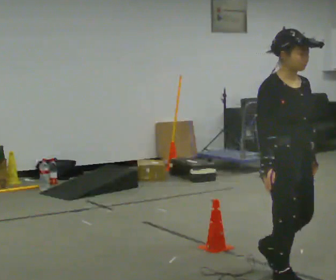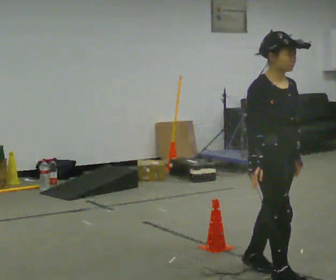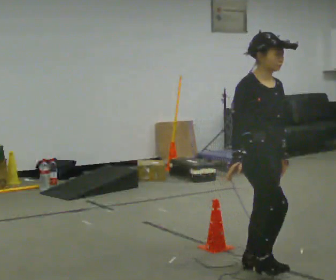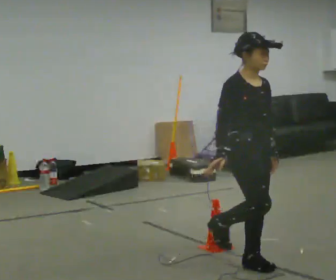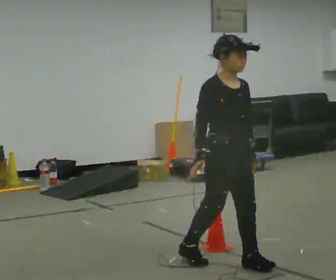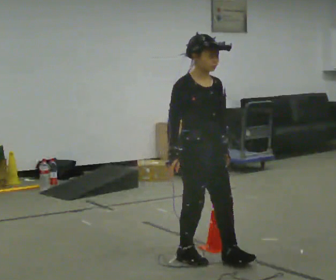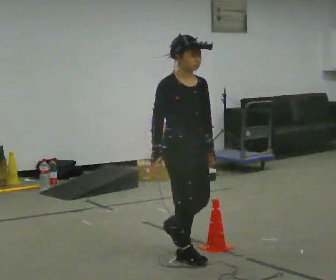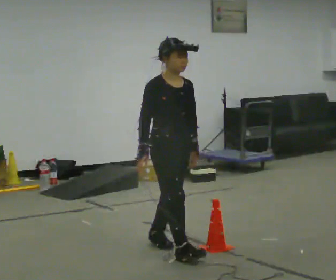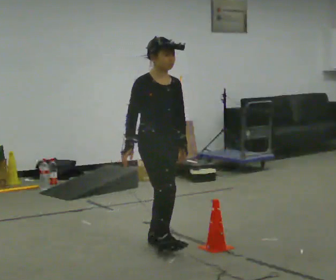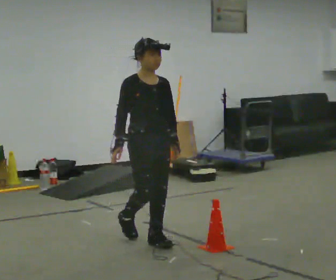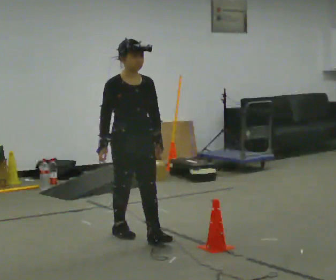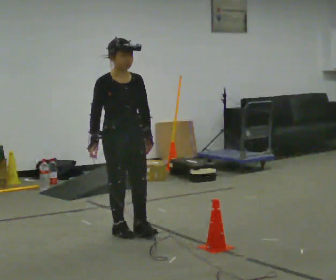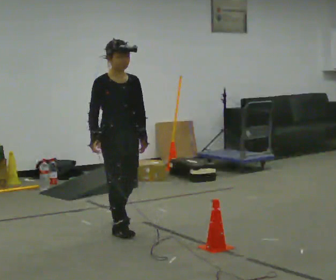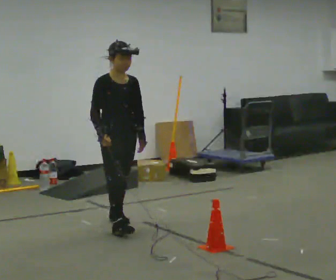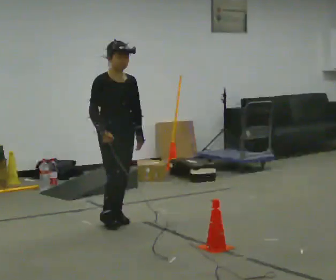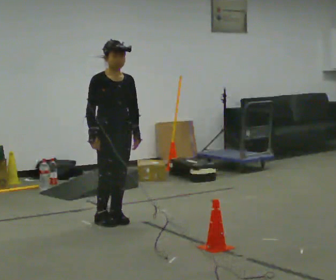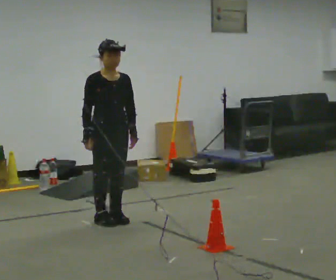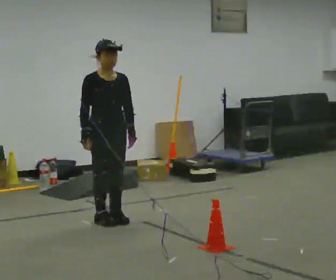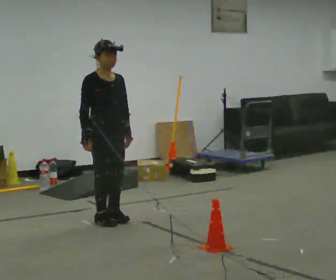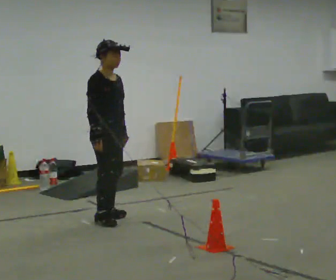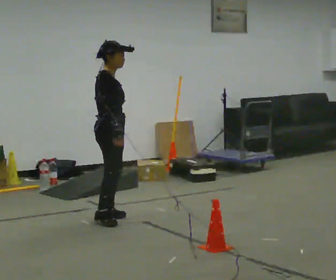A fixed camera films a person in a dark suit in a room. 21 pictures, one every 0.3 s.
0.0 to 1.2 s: In the picture they go away from the camera and to the left, about 0.5 m in 1 step, which for them is backward.
1.2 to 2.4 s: In the picture they go away from the camera and to the left, about 0.75 m in 2 steps, which for them is backward.
2.4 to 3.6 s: In the picture they go away from the camera and to the left, about 0.5 m in 1 step, which for them is backward.
3.6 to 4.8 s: In the picture they go away from the camera, about 0.25 m in 1 step, which for them is backward.
4.8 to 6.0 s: The part of the body nearest the lens slides to the right as the person turns to their left by about 60 degrees.
The film runs backward here.
